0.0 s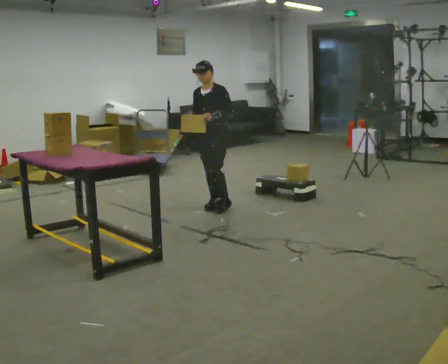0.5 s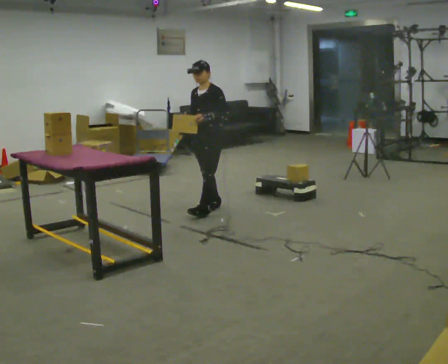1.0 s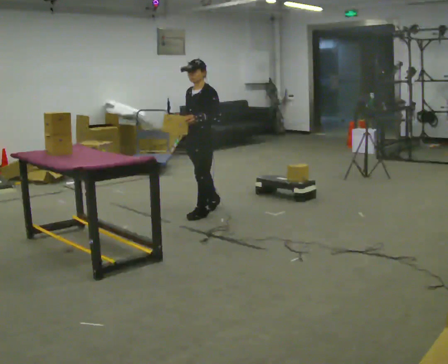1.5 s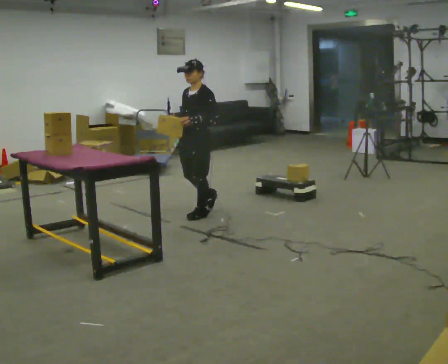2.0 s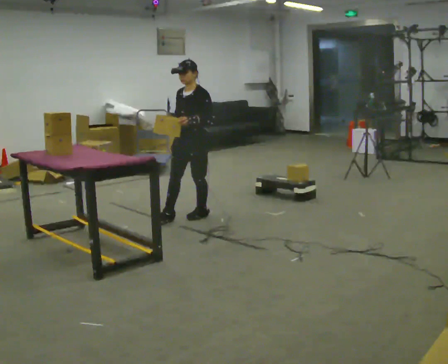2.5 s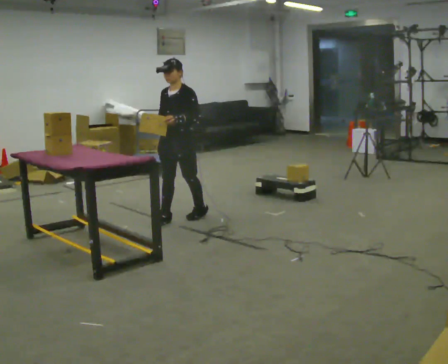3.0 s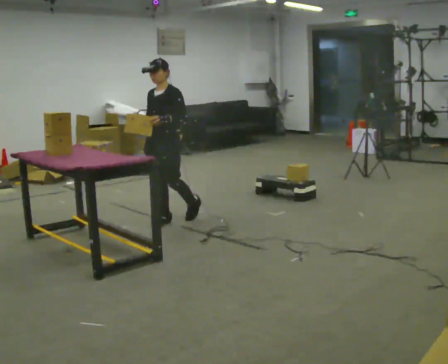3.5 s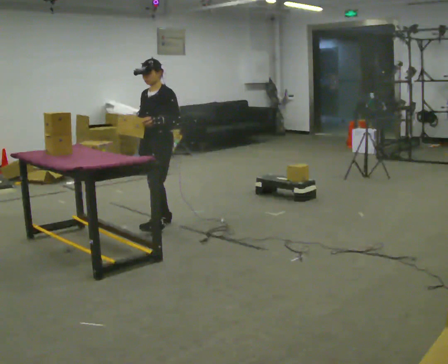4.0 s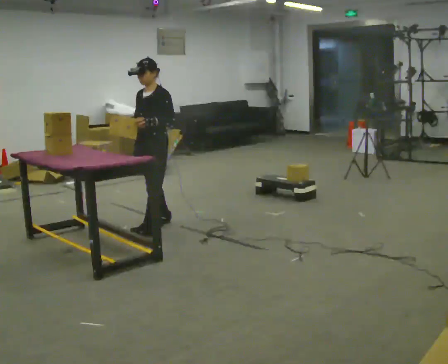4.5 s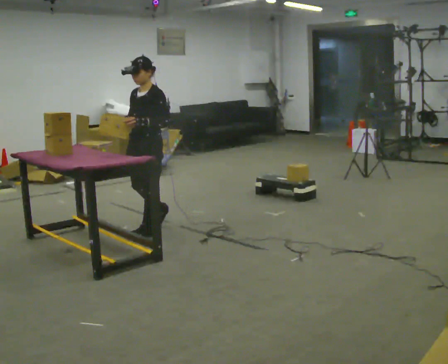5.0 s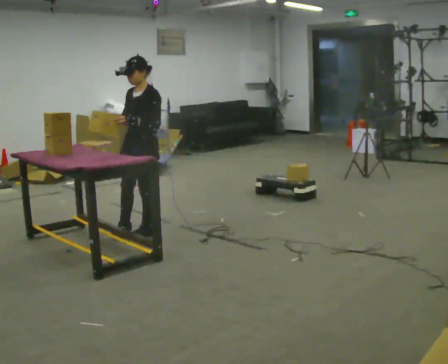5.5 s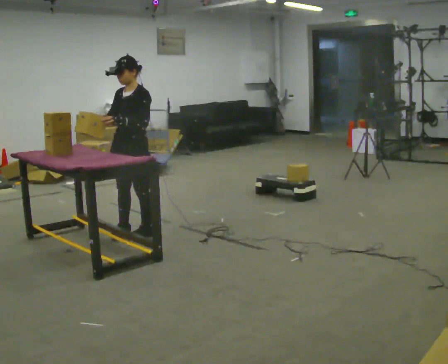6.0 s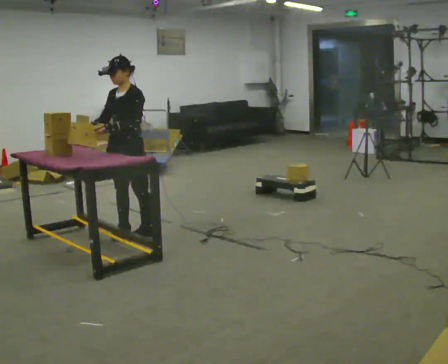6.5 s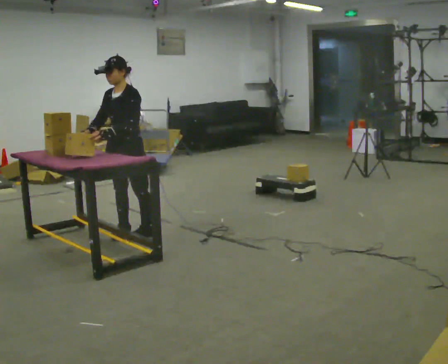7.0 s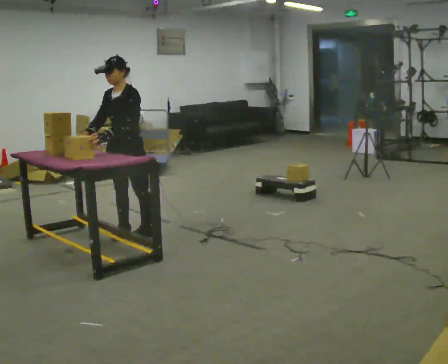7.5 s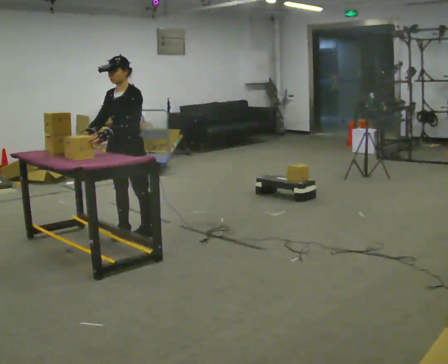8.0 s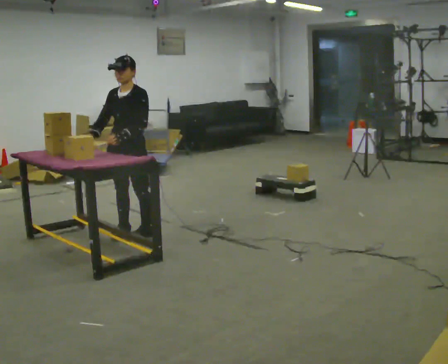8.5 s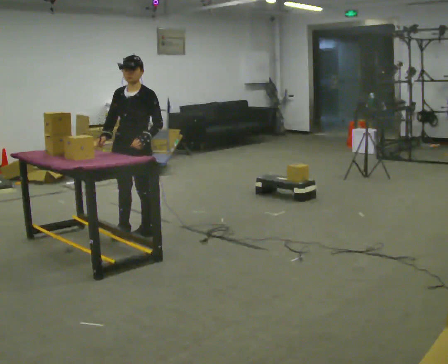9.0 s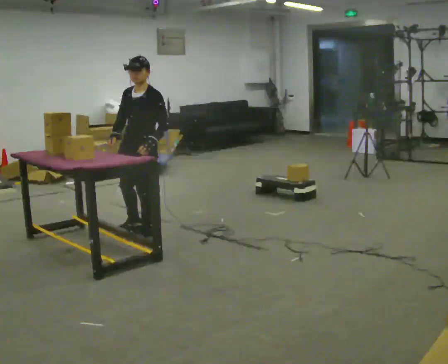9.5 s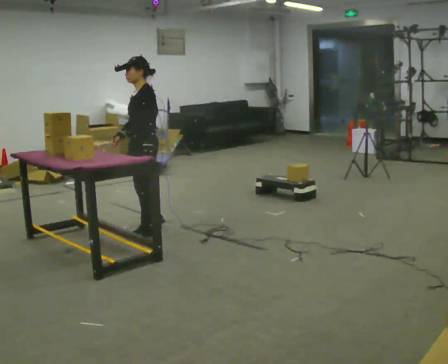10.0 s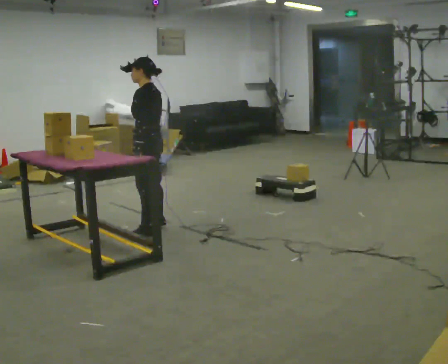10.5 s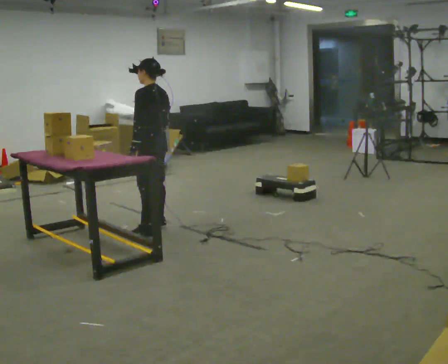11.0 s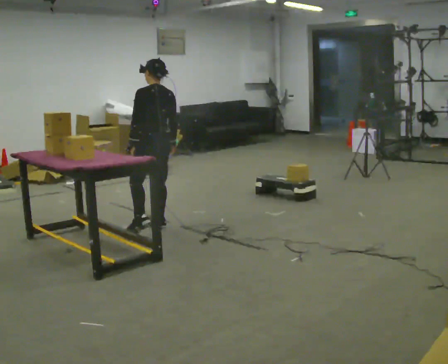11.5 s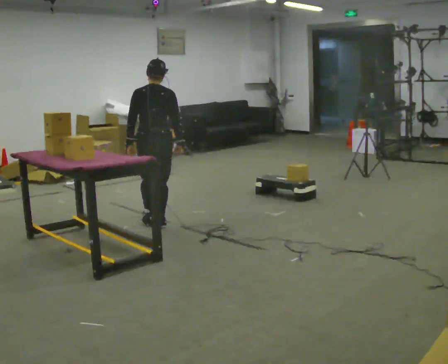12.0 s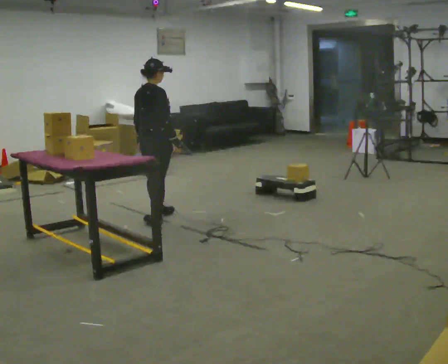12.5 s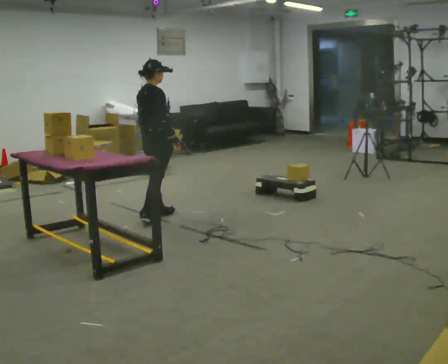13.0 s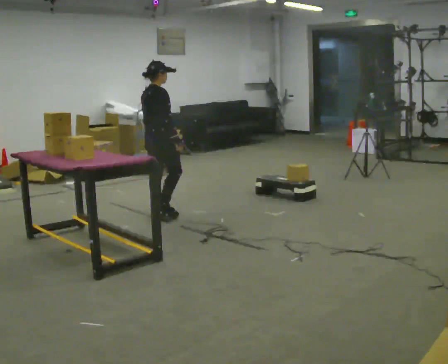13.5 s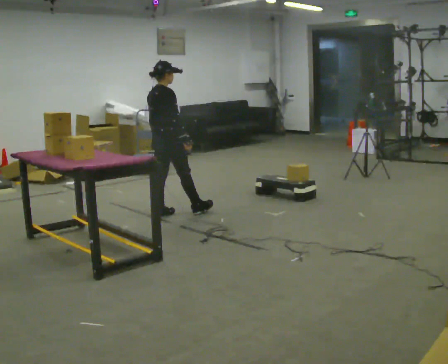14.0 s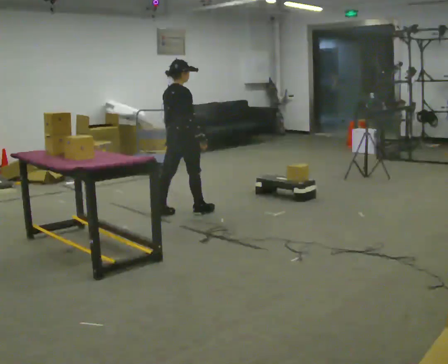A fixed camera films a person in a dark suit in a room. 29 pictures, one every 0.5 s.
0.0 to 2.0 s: In the picture they go to the left and toward the camera, about 0.5 m in 1 step, which for them is forward.
2.0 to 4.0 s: In the picture they go to the left and toward the camera, about 0.5 m in 2 steps, which for them is forward.
4.0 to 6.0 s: In the picture they go to the left and toward the camera, about 0.25 m in 1 step, which for them is forward.
6.0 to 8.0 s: The person moves a little, or ends about where they began.
8.0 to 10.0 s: The part of the body nearest the lens slides to the left as the person turns to their right by about 75 degrees. In the picture they go to the right, about 0.25 m in 1 step. In the picture their right hand goes to the right.
10.0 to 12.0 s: The part of the body nearest the lens slides to the left as the person turns to their right by about 120 degrees. In the picture they go away from the camera, about 0.25 m in 1 step.
12.0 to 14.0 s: In the picture they go to the right, about 0.25 m in 1 step, which for them is forward.
The film runs forward here.
